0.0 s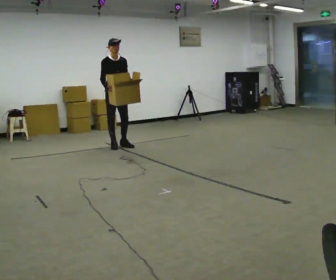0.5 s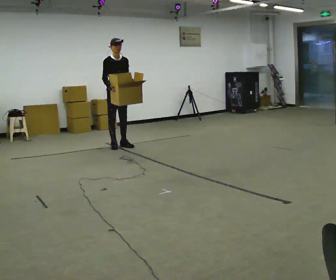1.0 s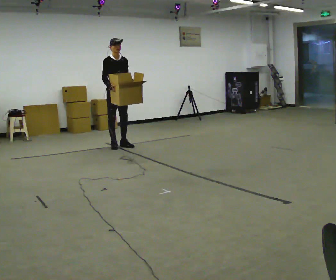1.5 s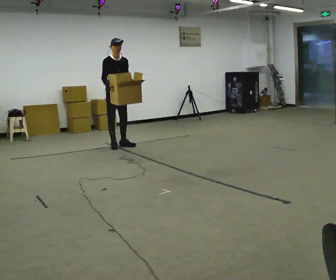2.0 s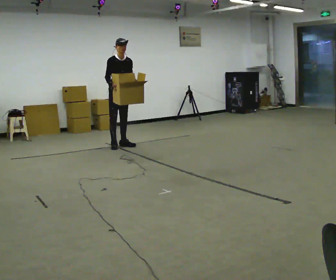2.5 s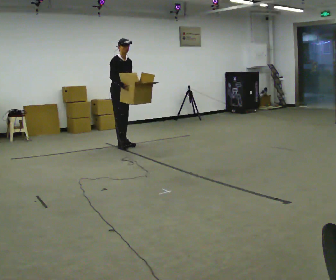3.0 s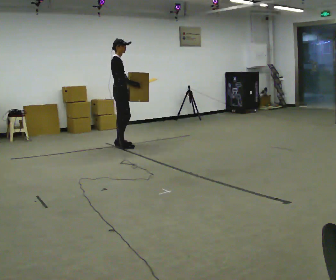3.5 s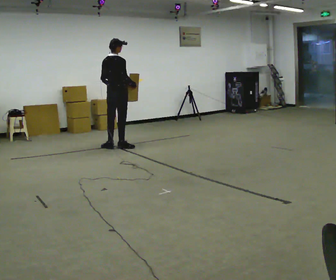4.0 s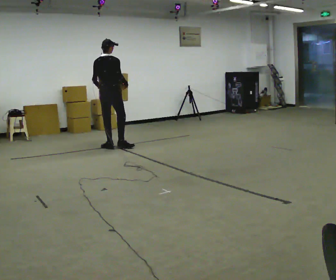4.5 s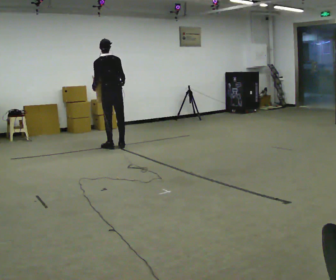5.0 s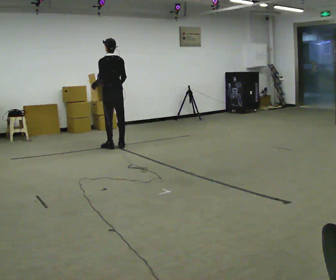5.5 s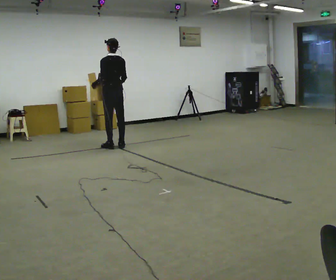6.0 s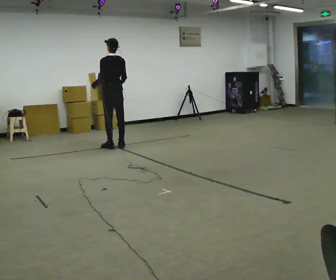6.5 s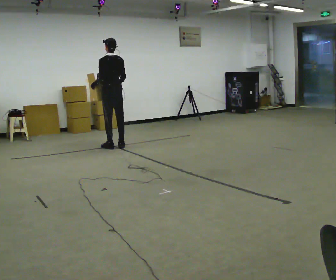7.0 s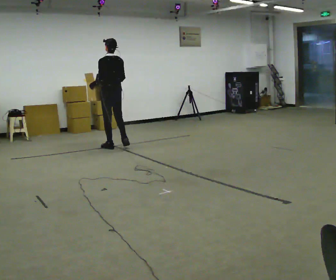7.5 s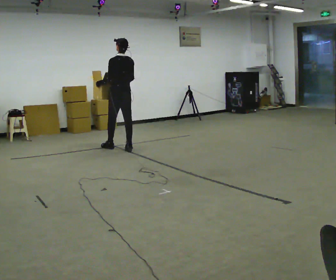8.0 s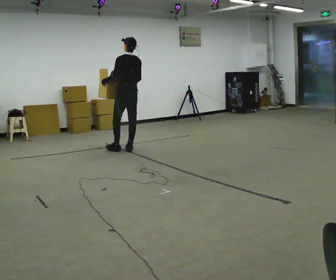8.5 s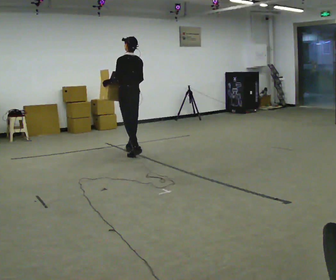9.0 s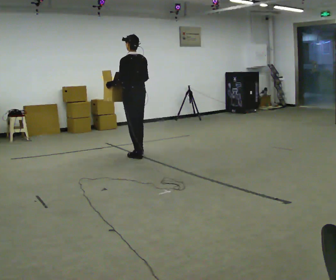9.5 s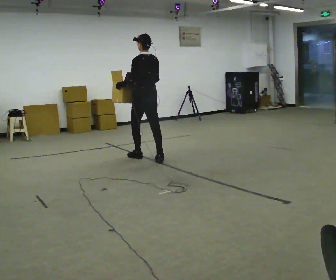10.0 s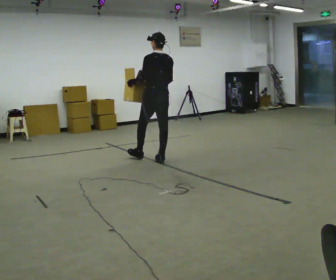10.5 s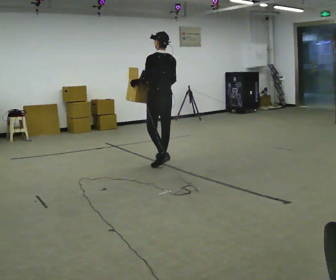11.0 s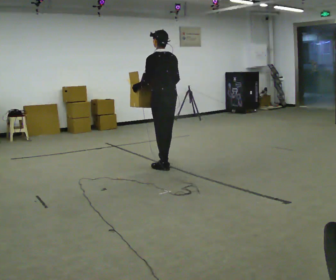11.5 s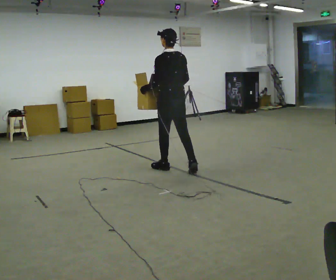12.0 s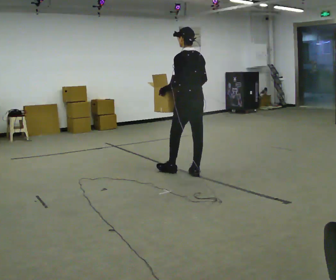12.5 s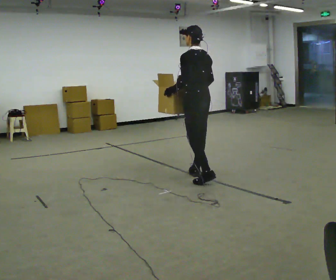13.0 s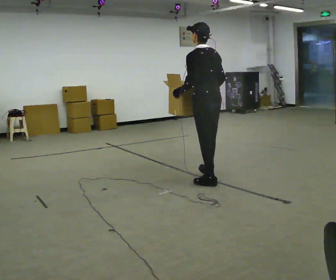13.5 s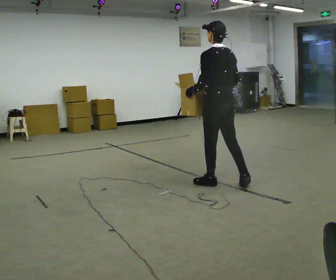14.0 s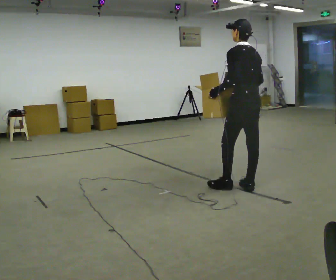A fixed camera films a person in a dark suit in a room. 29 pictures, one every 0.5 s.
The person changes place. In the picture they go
toward the camera.
0.0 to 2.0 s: The person moves a little, or ends about where they began.
2.0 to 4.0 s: Seen from above the body turns counterclockwise, about 135 degrees: to their left, with its near side sliding to the right.
4.0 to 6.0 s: The person turns about 45 degrees to their left, counterclockwise seen from above, so the part of the body nearest the lens slides to the right.
6.0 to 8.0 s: In the picture they go toward the camera and to the right, about 0.25 m in 2 steps, which for them is backward.
8.0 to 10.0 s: In the picture they go toward the camera and to the right, about 1 m in 2 steps, which for them is backward.
10.0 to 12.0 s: In the picture they go toward the camera and to the right, about 1 m in 2 steps, which for them is backward.
12.0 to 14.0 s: In the picture they go toward the camera and to the right, about 1 m in 2 steps, which for them is backward.
The film runs backward here.
